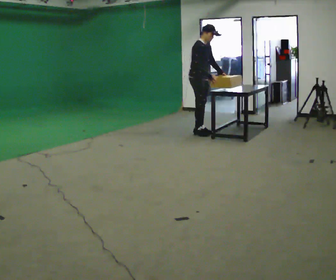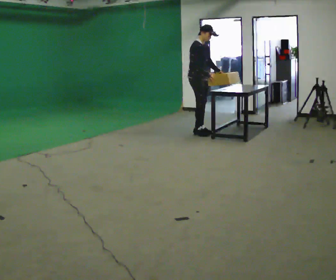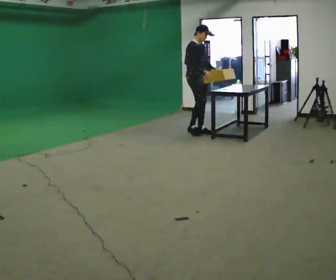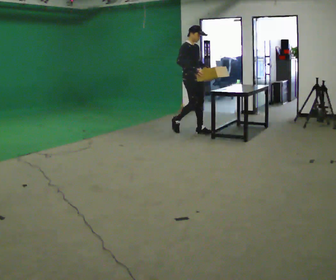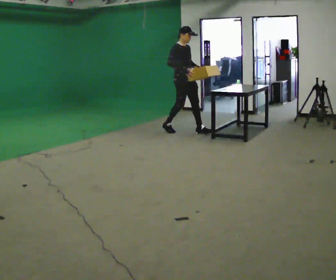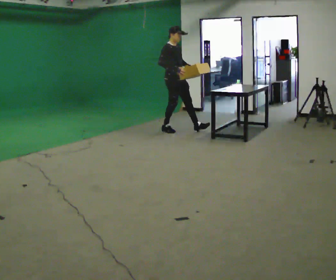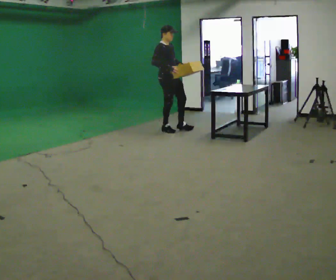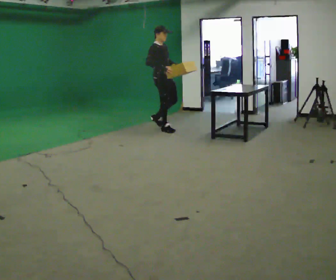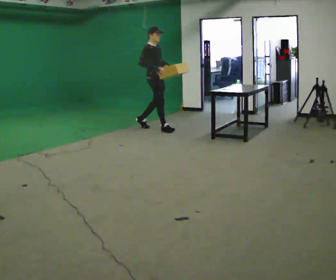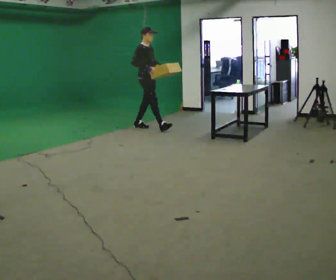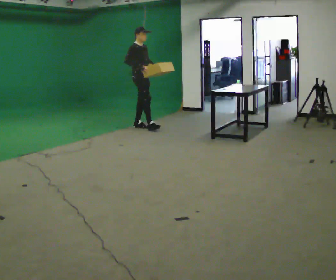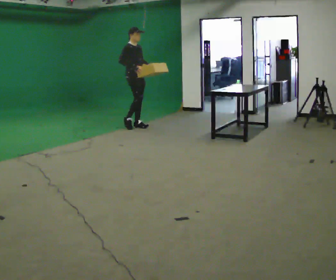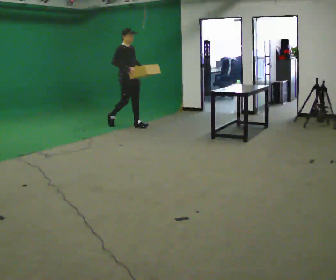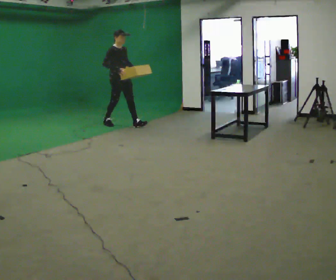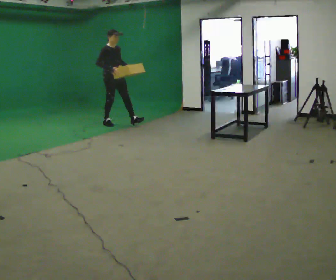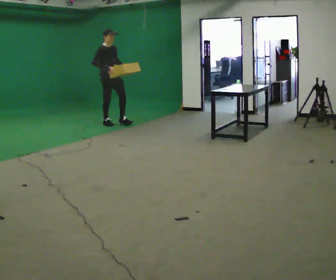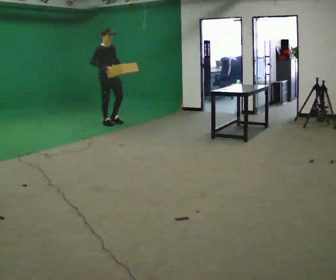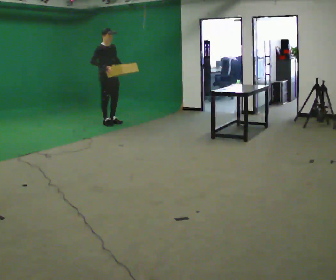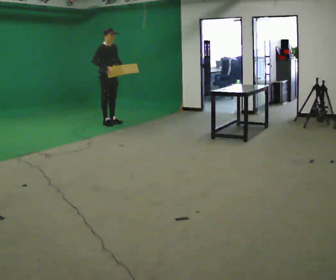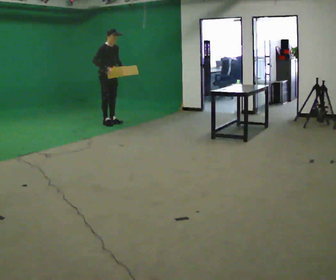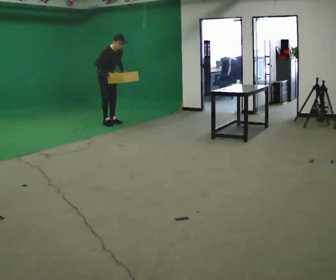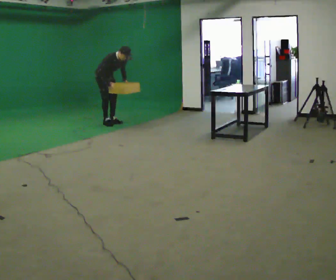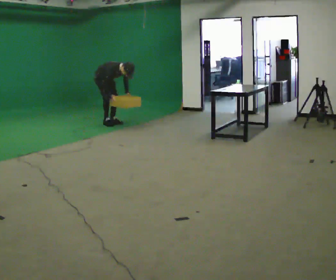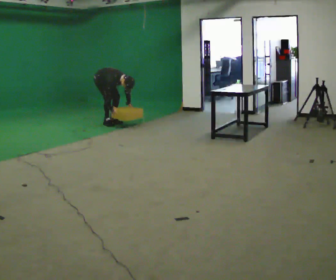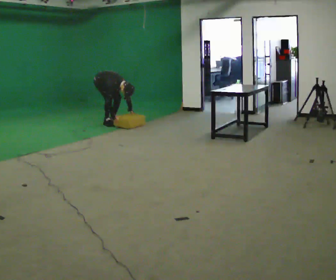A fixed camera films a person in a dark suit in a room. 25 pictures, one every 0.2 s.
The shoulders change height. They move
downward.
The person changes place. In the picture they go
to the left.
0.0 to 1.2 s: In the picture they go to the left and away from the camera, about 0.5 m in 2 steps, which for them is backward. In the picture the upper body tilts counterclockwise, shoulders to the left, as they lean back or straighten.
1.2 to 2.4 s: In the picture they go to the left and away from the camera, about 1 m in 1 step, which for them is backward.
2.4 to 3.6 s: In the picture they go to the left and away from the camera, about 0.5 m in 1 step, which for them is backward.
3.6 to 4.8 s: The shoulders move downward. In the picture the upper body tilts clockwise, shoulders to the right, as they bend forward. In the picture their right hand goes downward.
The film runs backward here.
